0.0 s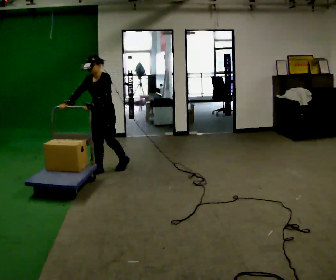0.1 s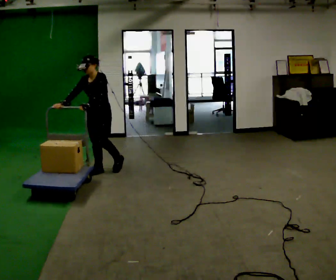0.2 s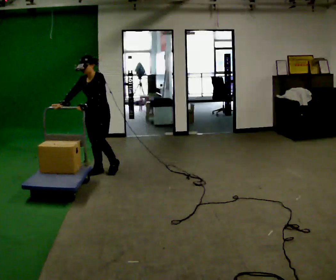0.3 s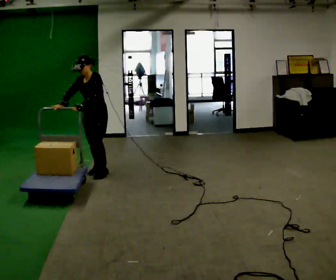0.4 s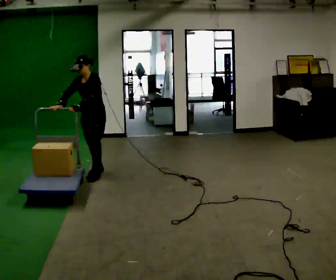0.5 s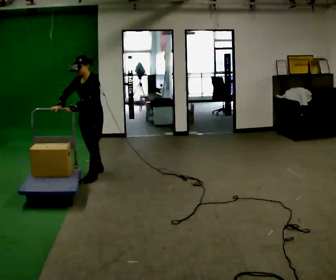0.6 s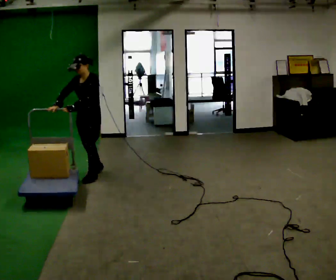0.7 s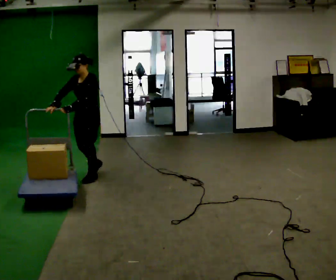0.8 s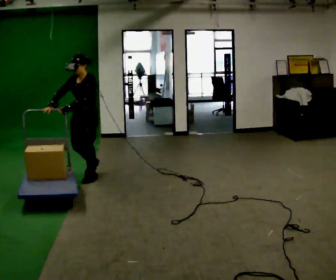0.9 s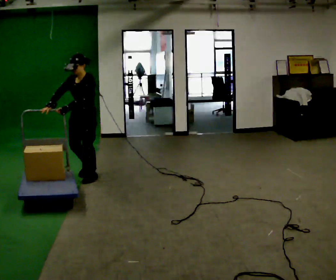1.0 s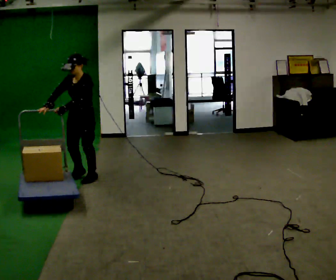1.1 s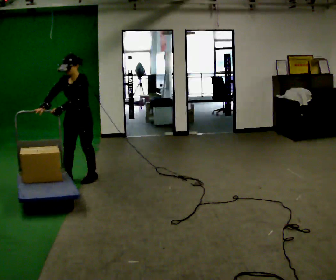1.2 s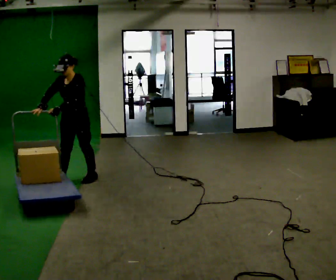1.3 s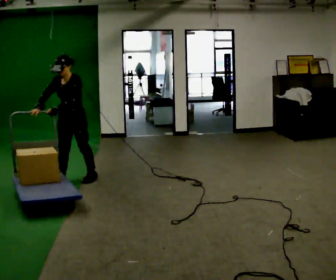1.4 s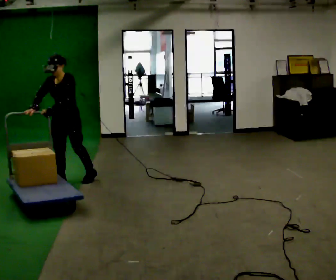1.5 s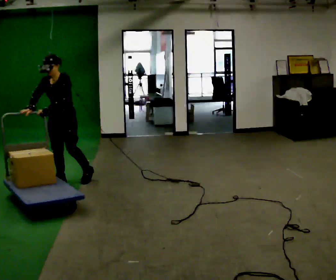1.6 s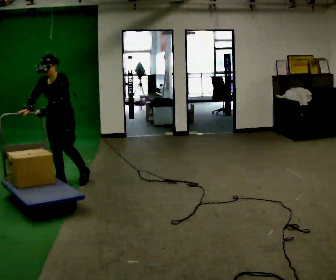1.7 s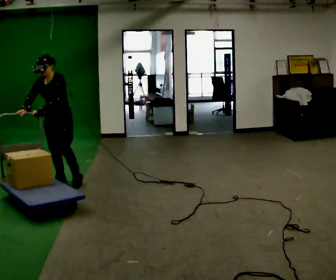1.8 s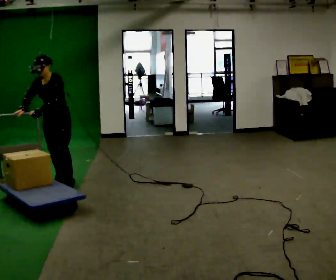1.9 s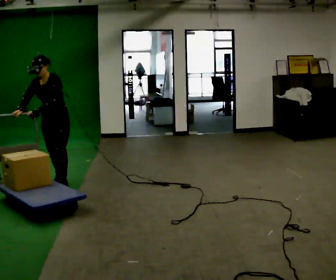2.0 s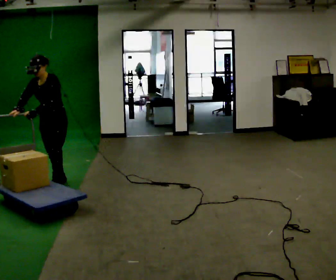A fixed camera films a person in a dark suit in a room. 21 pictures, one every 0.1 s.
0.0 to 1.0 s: In the picture they go toward the camera and to the left, about 0.5 m in 1 step, which for them is forward.
1.0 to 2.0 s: In the picture they go to the left and toward the camera, about 0.5 m in 2 steps, which for them is forward and to their right.
The film runs forward here.
